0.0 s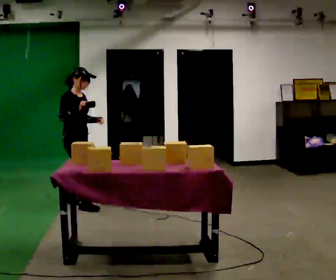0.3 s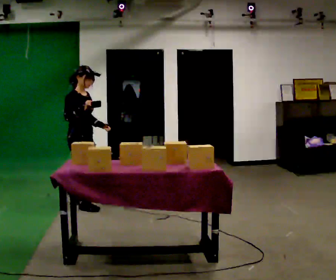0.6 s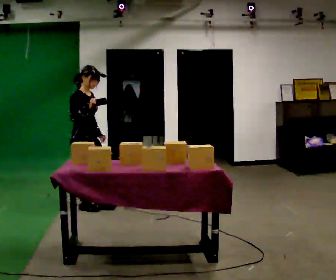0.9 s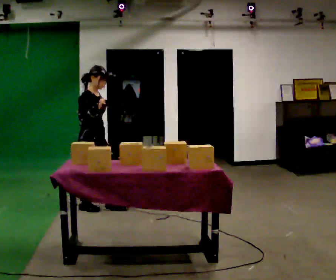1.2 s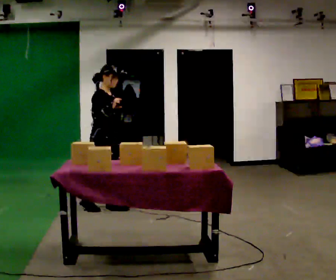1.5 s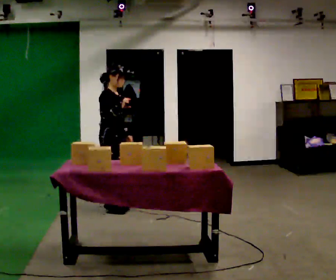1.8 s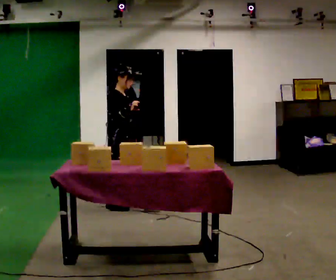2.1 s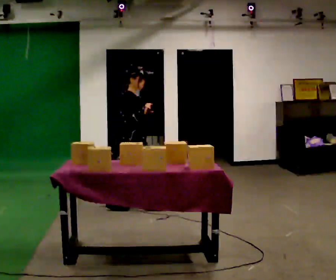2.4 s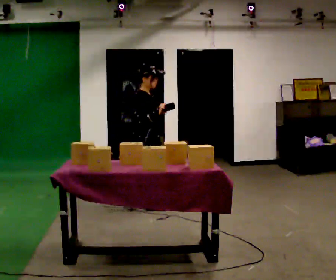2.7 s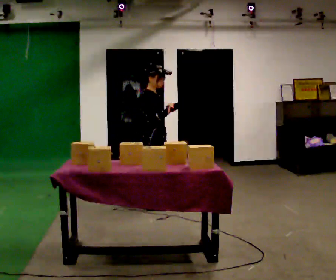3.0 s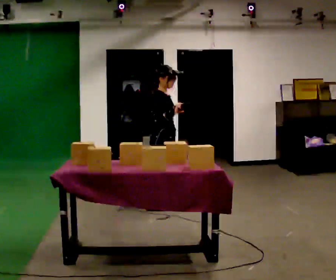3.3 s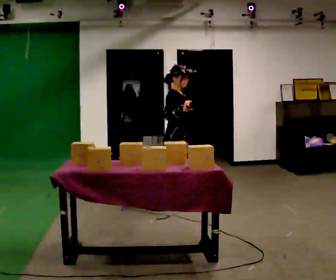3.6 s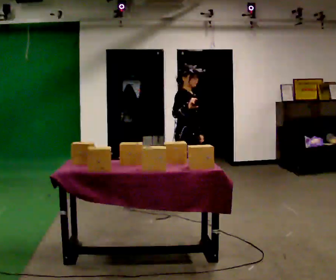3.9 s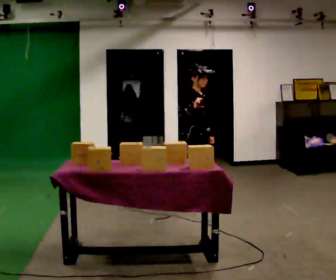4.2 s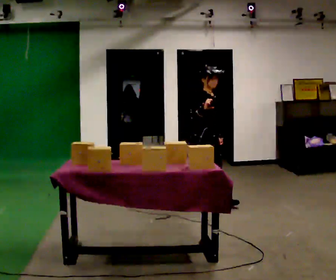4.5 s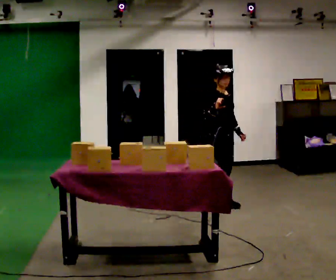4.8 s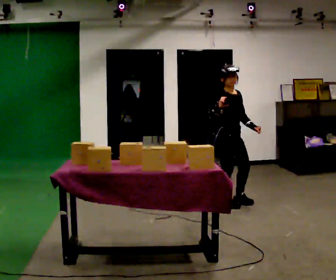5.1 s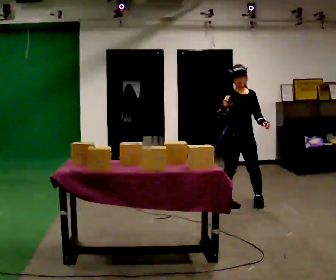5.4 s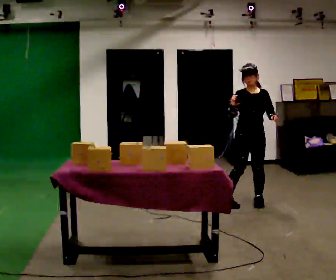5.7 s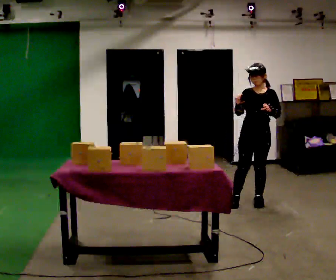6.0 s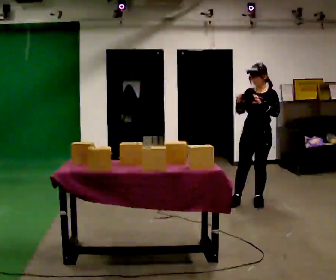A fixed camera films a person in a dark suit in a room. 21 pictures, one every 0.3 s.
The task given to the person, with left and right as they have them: Carry the handheld device and, while walking, point it at the labels on the shelves and press the button as if scanning them.
0.0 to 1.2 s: In the picture they go to the right, about 0.25 m in 1 step, which for them is forward.
1.2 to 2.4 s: The part of the body nearest the lens slides to the right as the person turns to their left by about 30 degrees. In the picture they go to the right, about 0.5 m in 1 step, which for them is forward.
2.4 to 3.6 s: The person turns about 30 degrees to their right, clockwise seen from above, so the part of the body nearest the lens slides to the left. In the picture they go to the right, about 0.5 m in 1 step, which for them is forward and to their left.
3.6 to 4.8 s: The person turns about 30 degrees to their right, clockwise seen from above, so the part of the body nearest the lens slides to the left. In the picture they go to the right, about 0.5 m in 1 step, which for them is forward.
4.8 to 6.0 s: The person turns about 75 degrees to their right, clockwise seen from above, so the part of the body nearest the lens slides to the left. In the picture they go to the right, about 0.25 m in 2 steps.
The film runs forward here.
